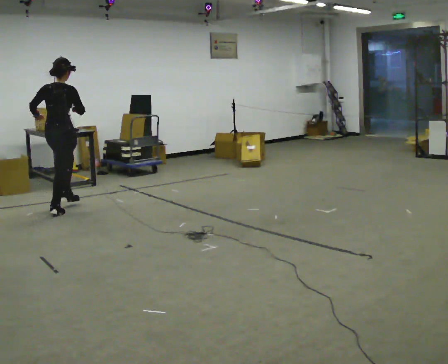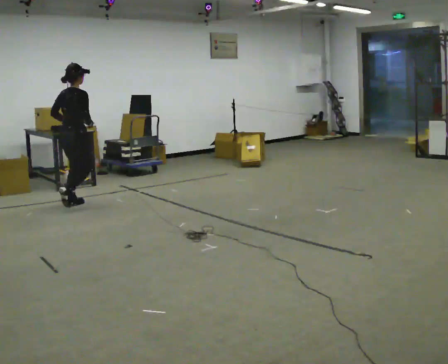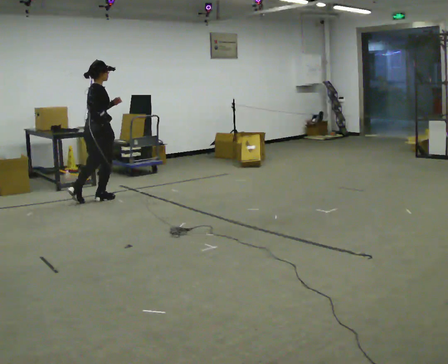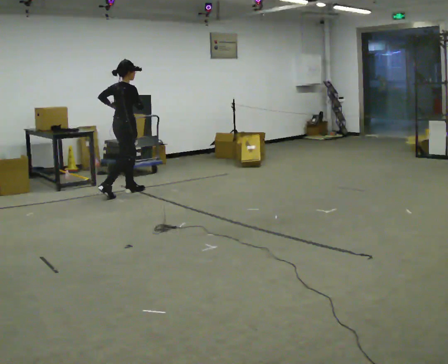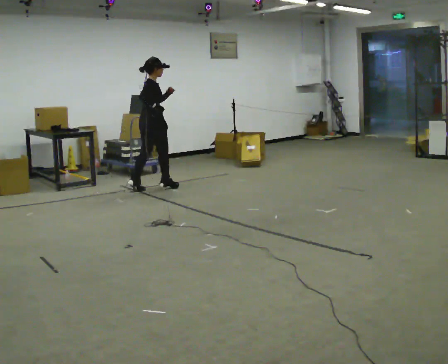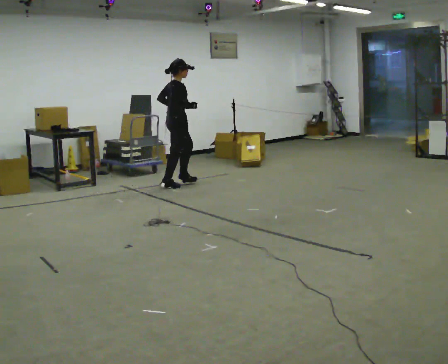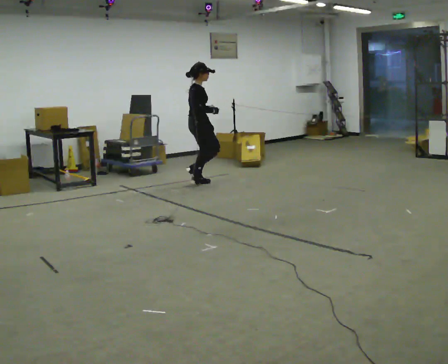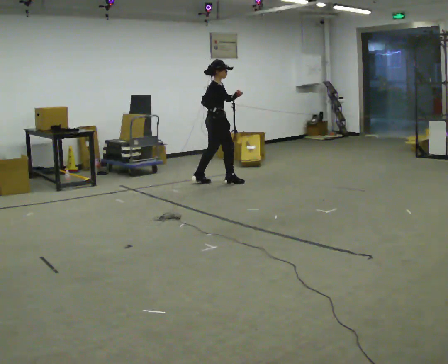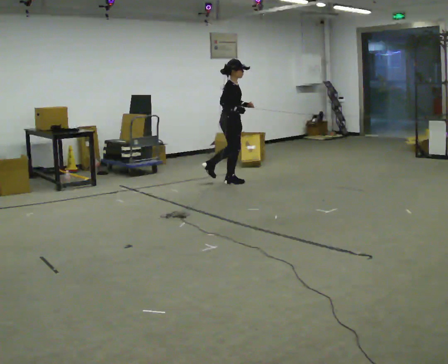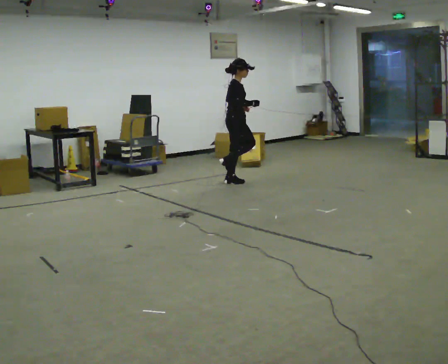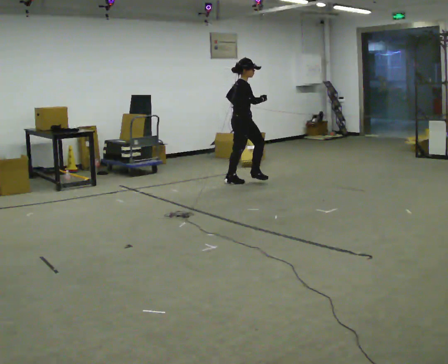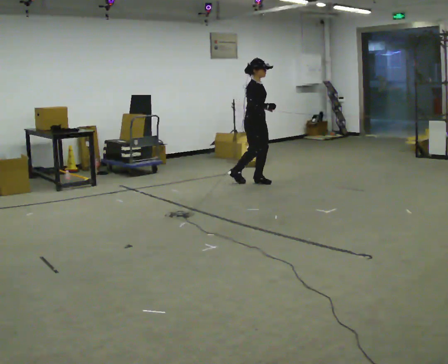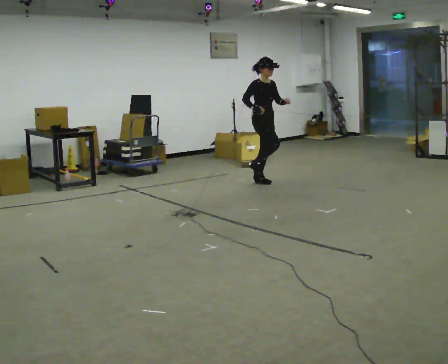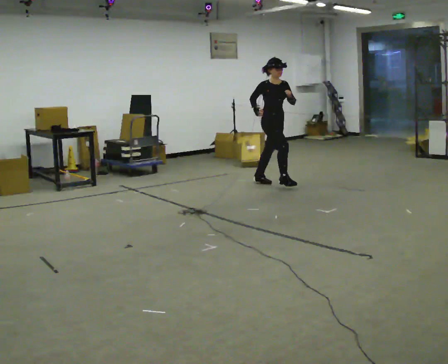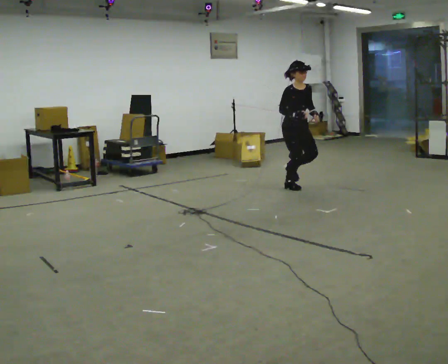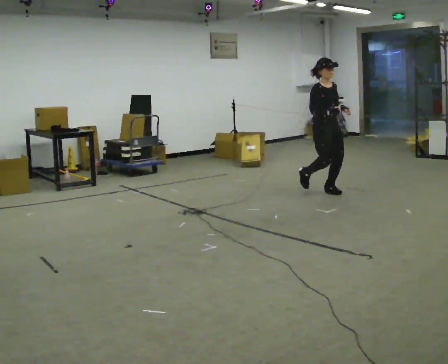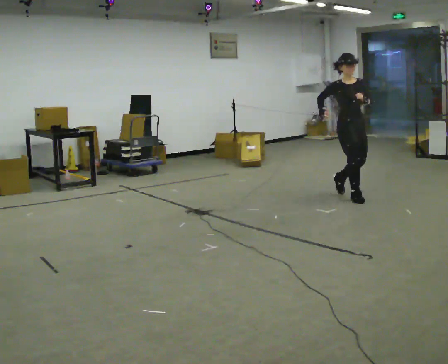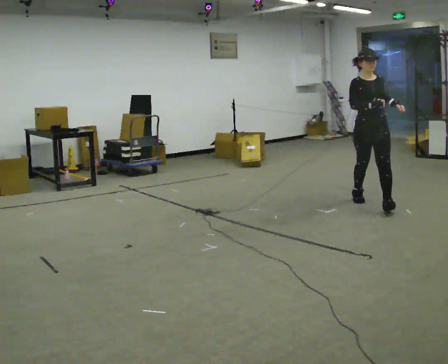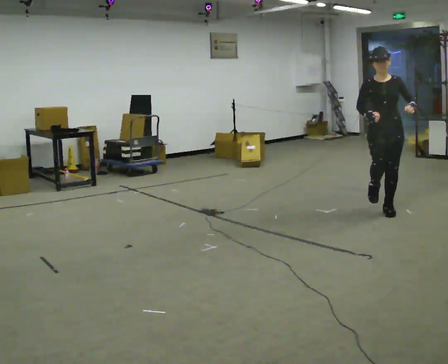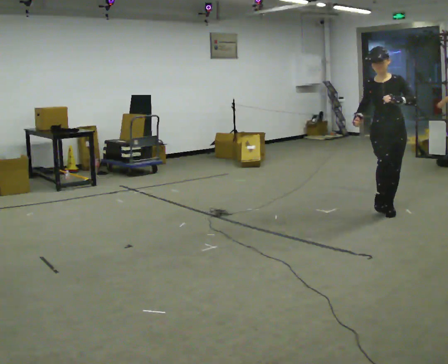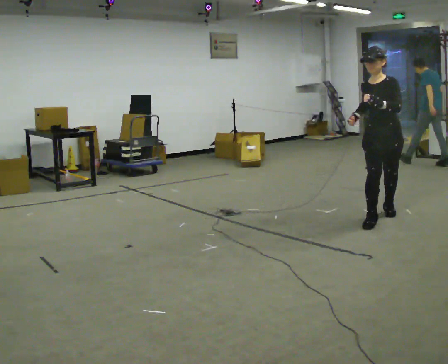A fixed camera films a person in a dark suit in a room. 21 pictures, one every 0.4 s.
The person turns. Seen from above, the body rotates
clockwise.
The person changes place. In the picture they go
to the right.
0.0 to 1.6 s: Seen from above the body turns clockwise, about 45 degrees: to their right, with its near side sliding to the left. In the picture they go away from the camera and to the right, about 1.5 m in 3 steps, which for them is forward.
1.6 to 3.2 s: The person turns about 30 degrees to their right, clockwise seen from above, so the part of the body nearest the lens slides to the left. In the picture they go to the right, about 1 m in 3 steps, which for them is forward.
3.2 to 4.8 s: The person turns about 45 degrees to their right, clockwise seen from above, so the part of the body nearest the lens slides to the left. In the picture they go to the right, about 0.5 m in 1 step, which for them is forward.
4.8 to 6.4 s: The person turns about 30 degrees to their right, clockwise seen from above, so the part of the body nearest the lens slides to the left. In the picture they go toward the camera and to the right, about 1.5 m in 3 steps, which for them is forward.
6.4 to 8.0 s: The person turns about 45 degrees to their right, clockwise seen from above, so the part of the body nearest the lens slides to the left. In the picture they go toward the camera, about 1 m in 2 steps, which for them is forward and to their left.
The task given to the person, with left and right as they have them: Jog the curves and run hard along the straight sections, then ease off into the next curve. Keep going until the operator says stop.
The film runs forward here.
